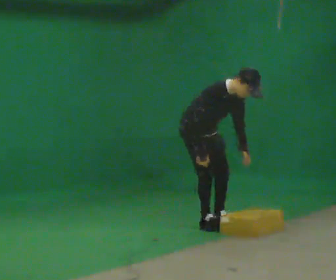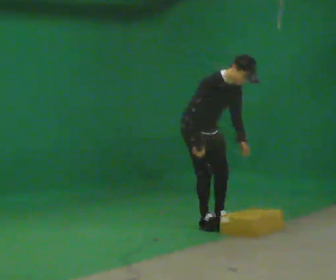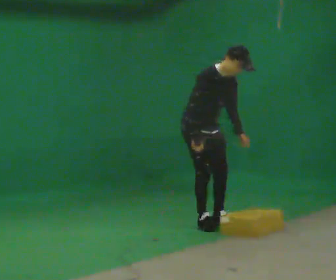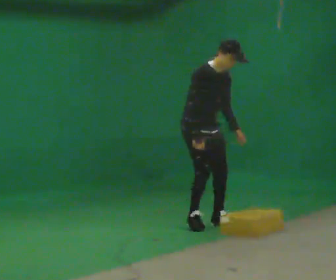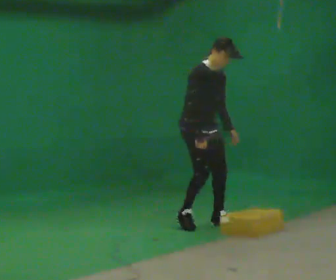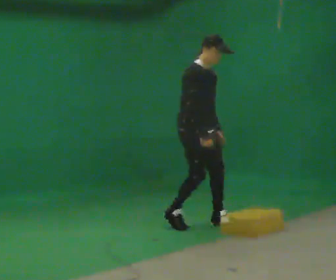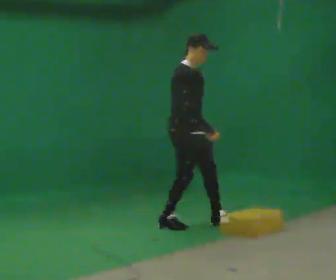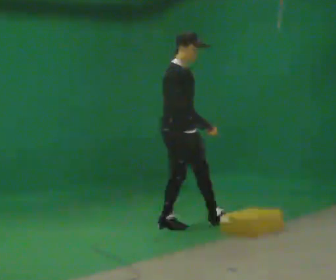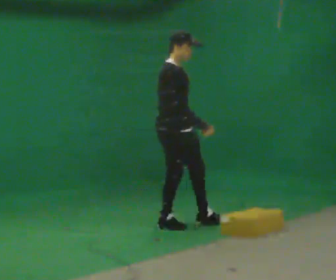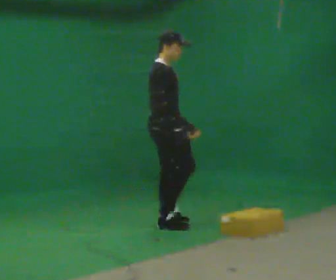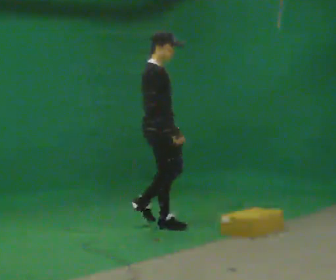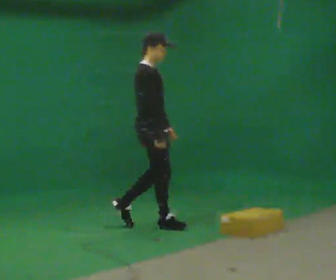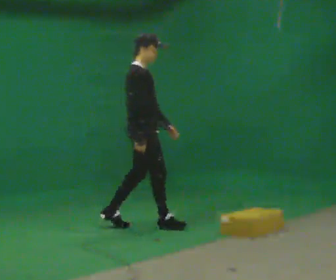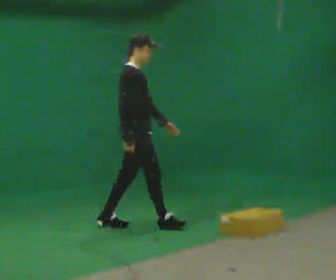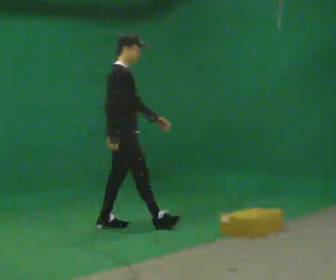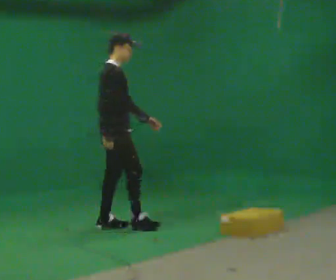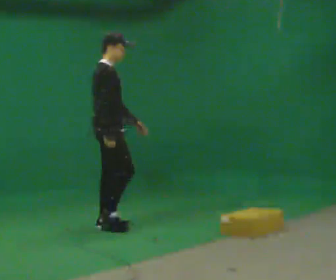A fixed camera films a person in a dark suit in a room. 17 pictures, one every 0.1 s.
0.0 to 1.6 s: The part of the body nearest the lens slides to the right as the person turns to their left by about 45 degrees. In the picture they go to the left, about 1 m in 3 steps, which for them is backward. The shoulders move upward. In the picture the upper body tilts counterclockwise, shoulders to the left, as they lean back or straighten.
The film runs backward here.
